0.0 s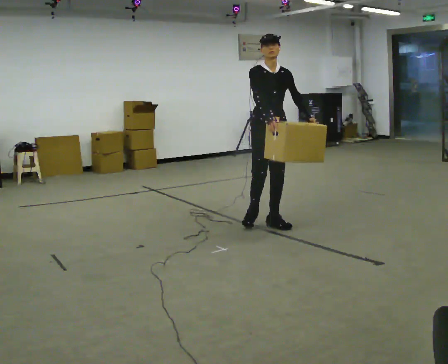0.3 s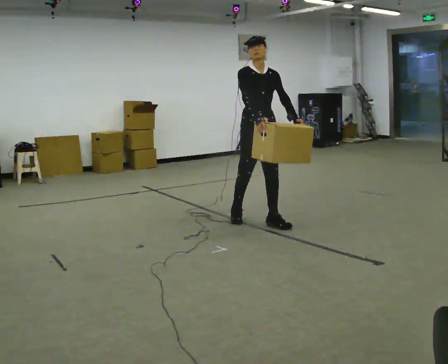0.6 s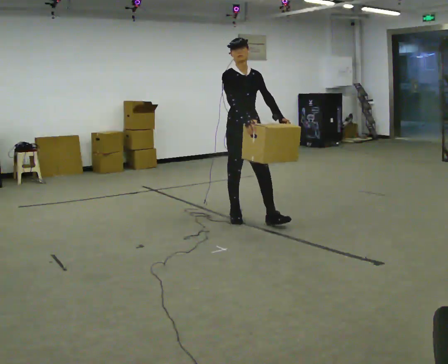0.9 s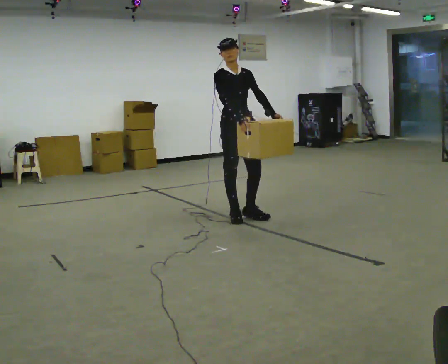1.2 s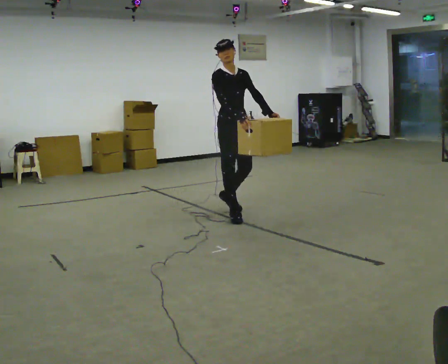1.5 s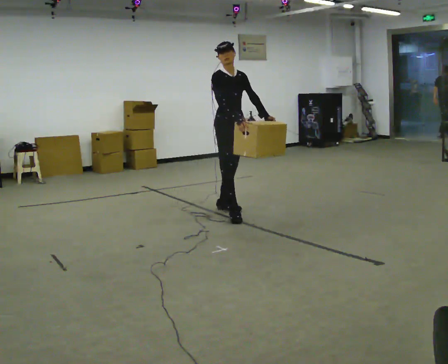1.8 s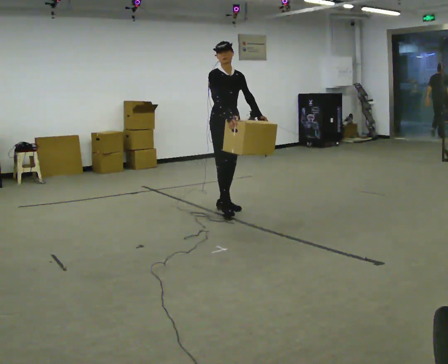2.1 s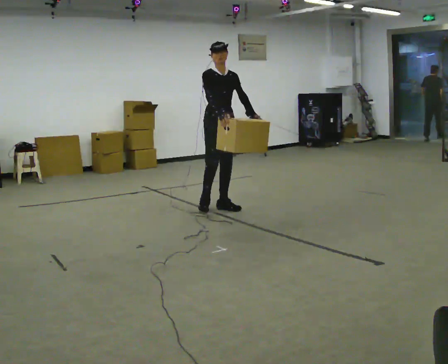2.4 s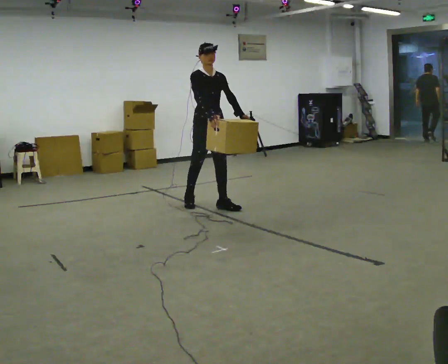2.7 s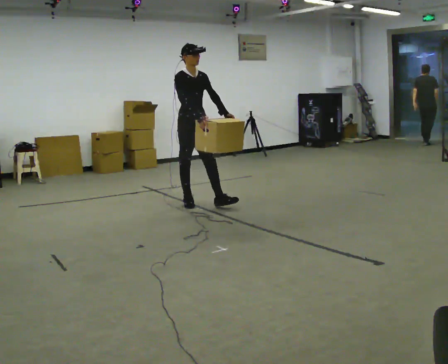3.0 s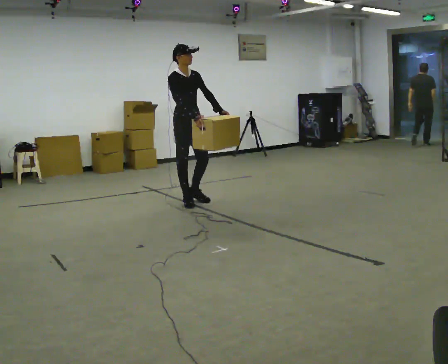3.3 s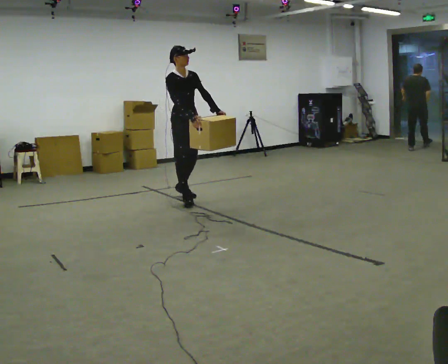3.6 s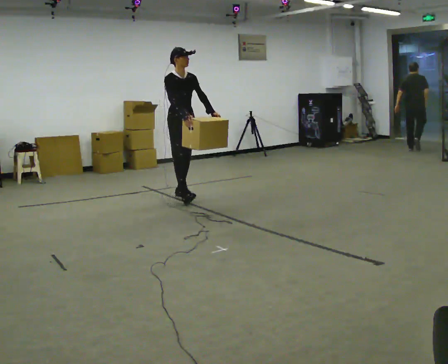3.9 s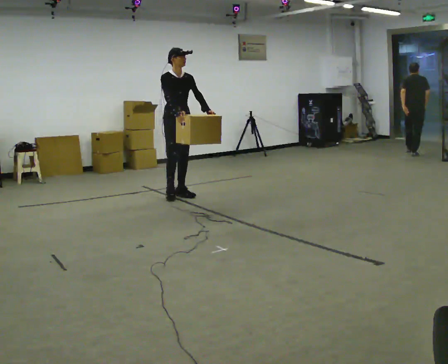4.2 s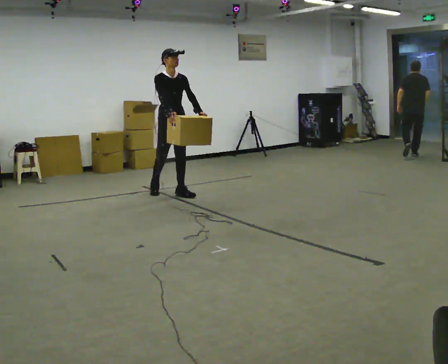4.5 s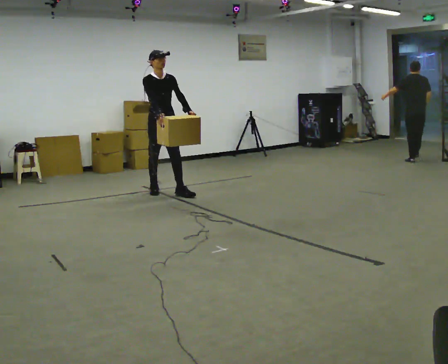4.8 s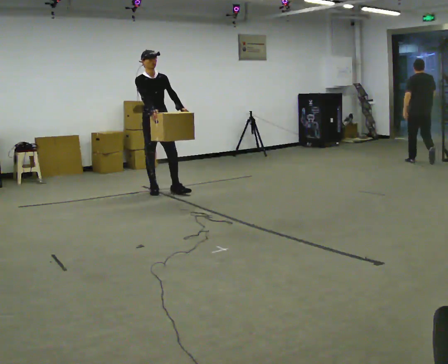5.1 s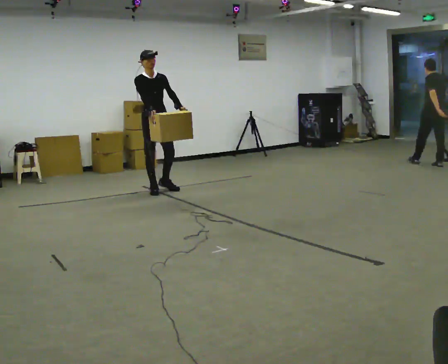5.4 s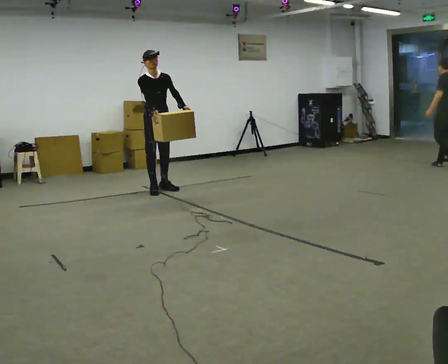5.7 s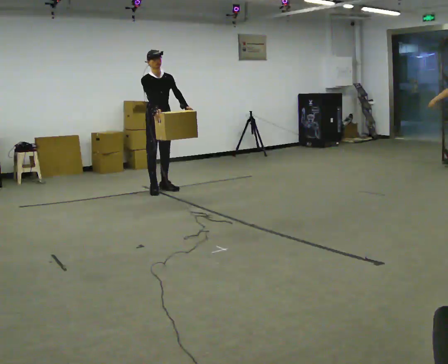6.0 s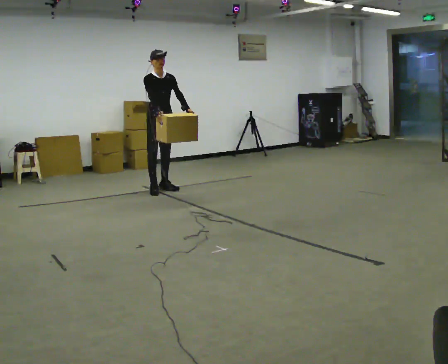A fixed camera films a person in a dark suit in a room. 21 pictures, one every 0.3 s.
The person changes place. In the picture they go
away from the camera.
0.0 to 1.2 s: In the picture they go away from the camera and to the left, about 0.5 m in 1 step, which for them is backward.
1.2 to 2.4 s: In the picture they go away from the camera and to the left, about 0.5 m in 1 step, which for them is backward.
2.4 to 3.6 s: In the picture they go away from the camera and to the left, about 0.5 m in 1 step, which for them is backward.
3.6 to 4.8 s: In the picture they go away from the camera and to the left, about 0.5 m in 2 steps, which for them is backward.
4.8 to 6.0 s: In the picture they go away from the camera, about 0.25 m, which for them is backward and to their left.
The film runs backward here.
